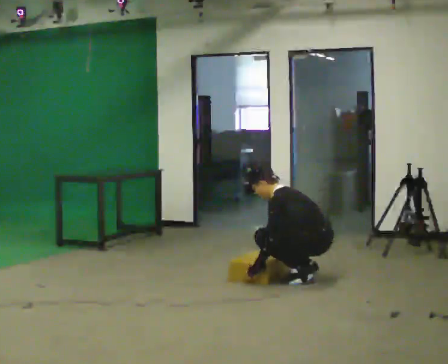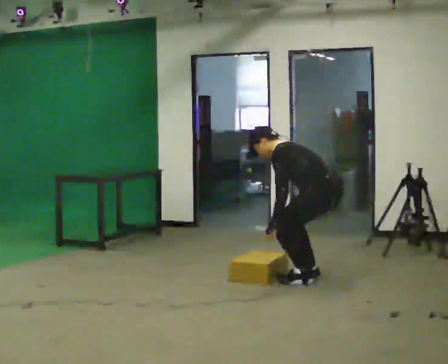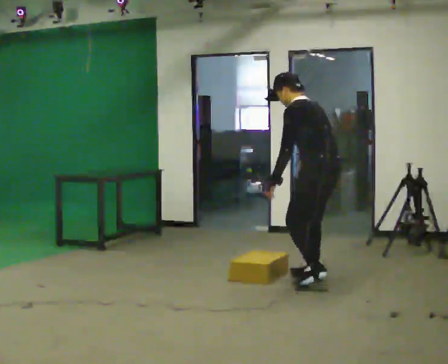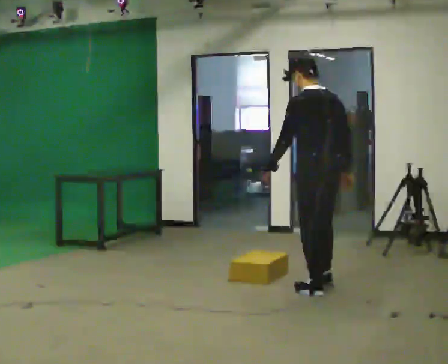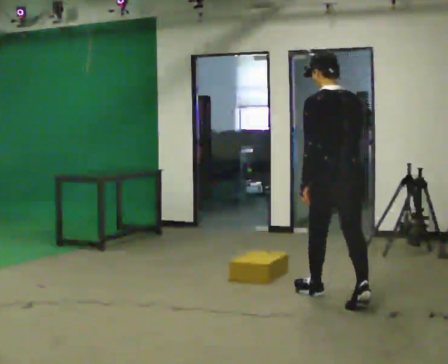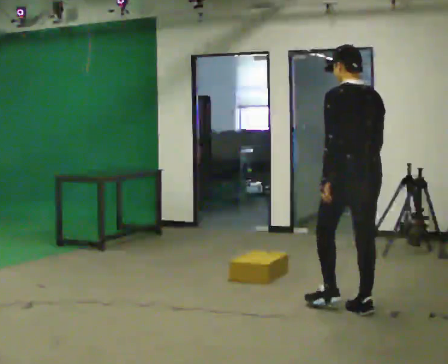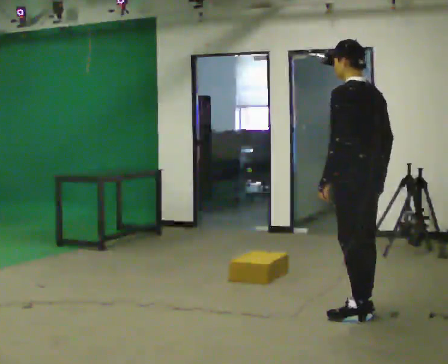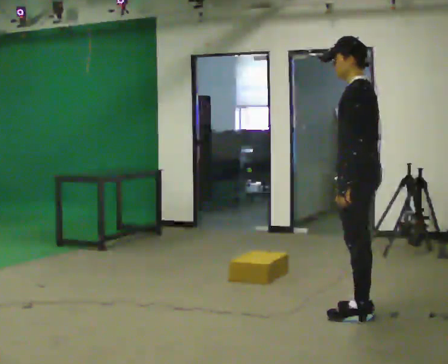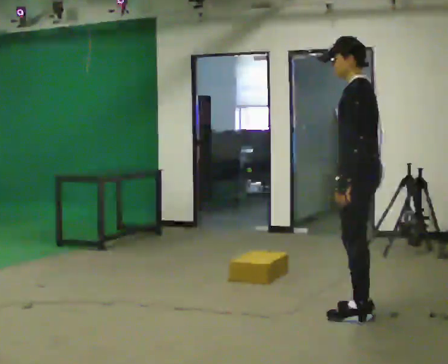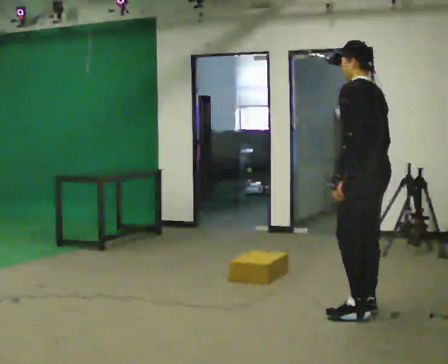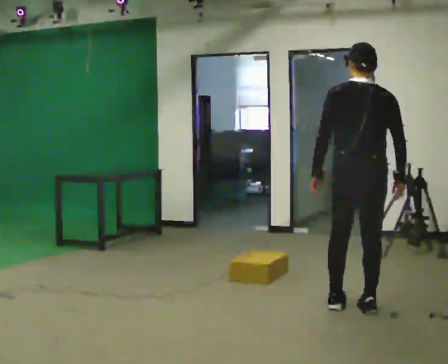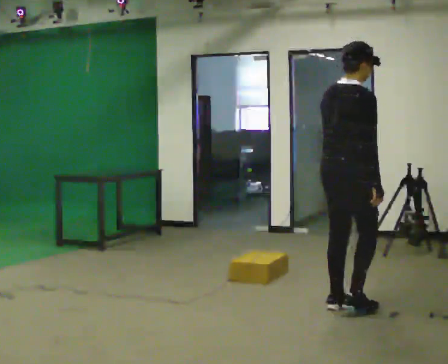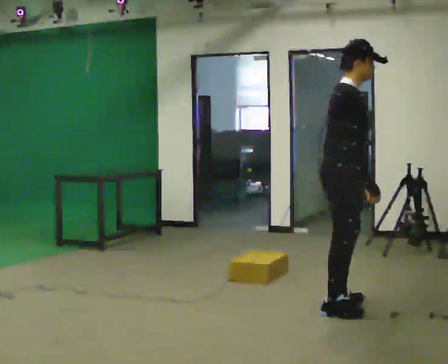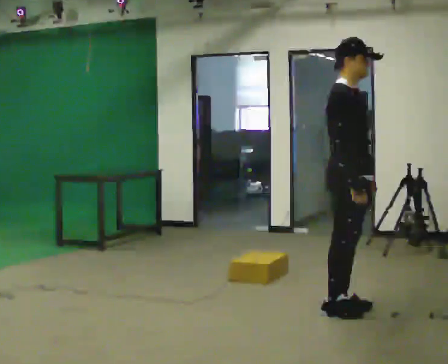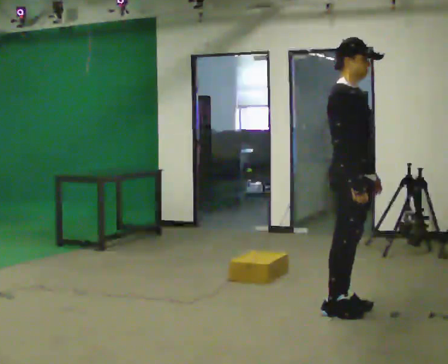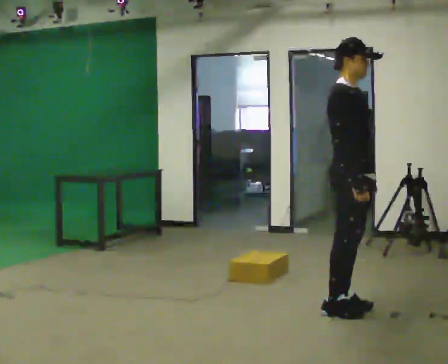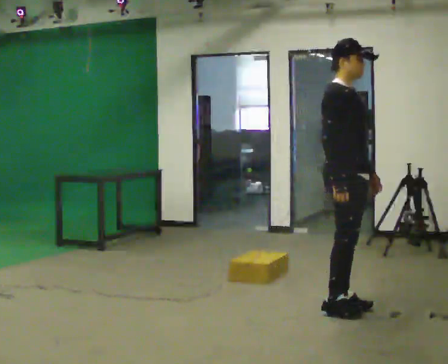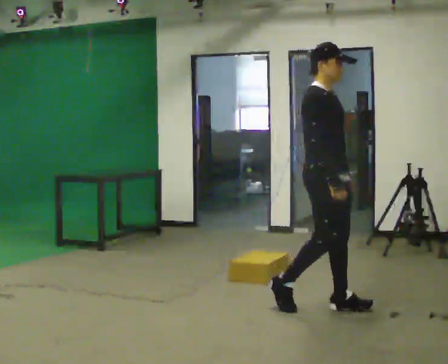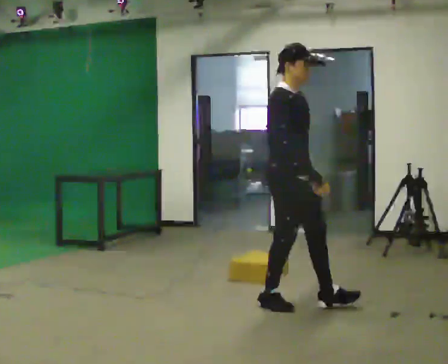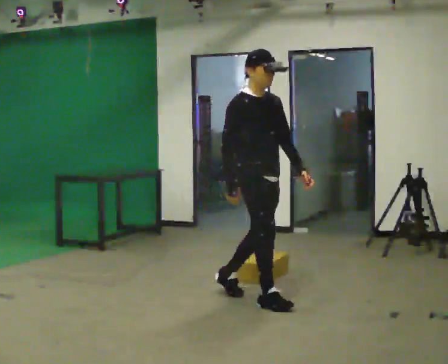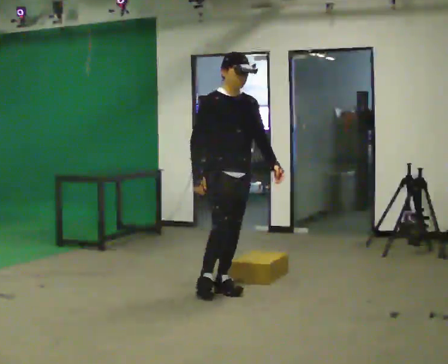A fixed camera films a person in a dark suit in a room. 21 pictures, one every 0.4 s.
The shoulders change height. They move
upward.
The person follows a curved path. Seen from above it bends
clockwise.
0.0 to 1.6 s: The person turns about 45 degrees to their right, clockwise seen from above, so the part of the body nearest the lens slides to the left. In the picture they go toward the camera, about 0.75 m in 2 steps, which for them is to their left and backward. The upper body goes upward. In the picture the upper body tilts clockwise, shoulders to the right, as they lean back or straighten. In the picture their left hand goes upward.
1.6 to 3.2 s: The part of the body nearest the lens slides to the right as the person turns to their left by about 60 degrees. In the picture they go toward the camera and to the right, about 0.5 m in 1 step, which for them is backward and to their left.
3.2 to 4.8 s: The part of the body nearest the lens slides to the left as the person turns to their right by about 165 degrees. In the picture they go to the left, about 0.25 m in 2 steps.
4.8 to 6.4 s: The person moves a little, or ends about where they began.
6.4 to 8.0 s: The person turns about 30 degrees to their right, clockwise seen from above, so the part of the body nearest the lens slides to the left. In the picture they go to the left and away from the camera, about 1 m in 3 steps, which for them is backward.
The film runs backward here.
